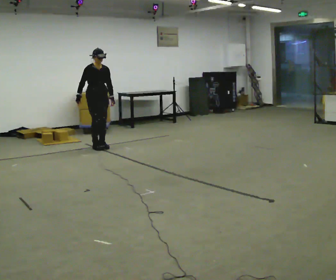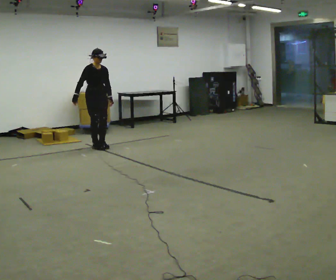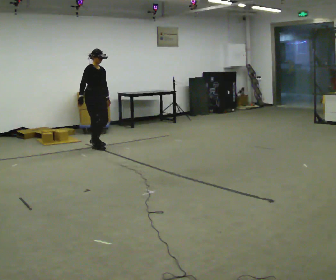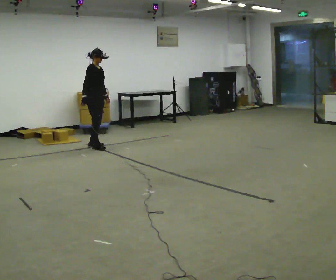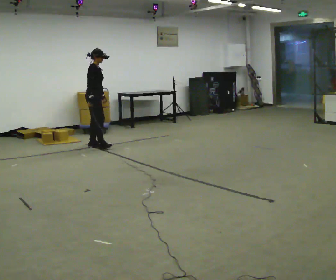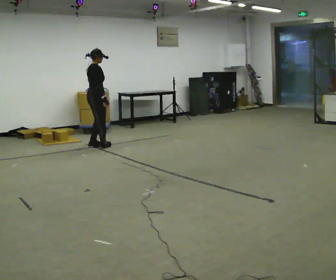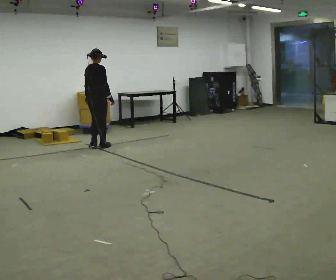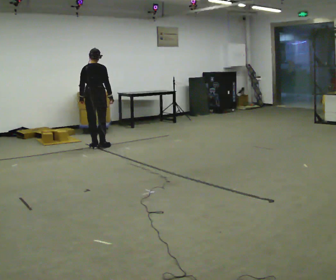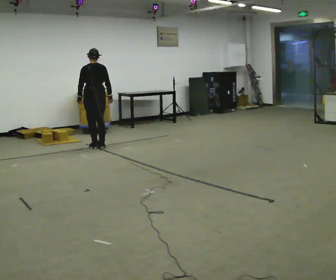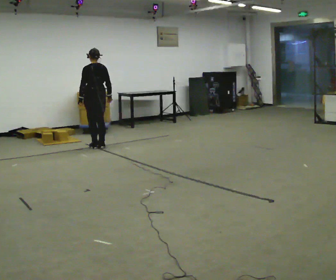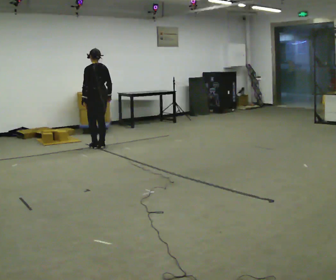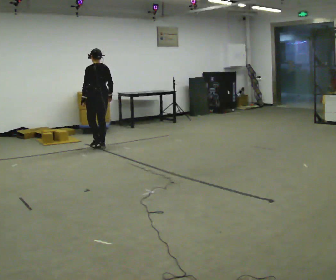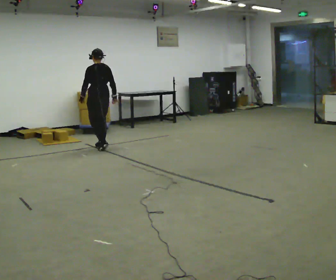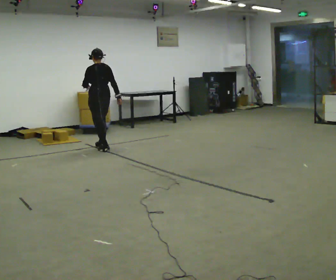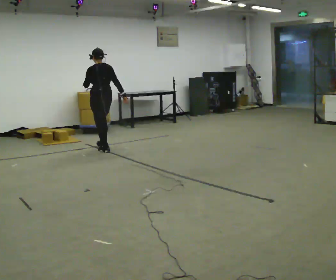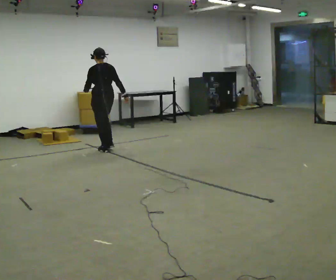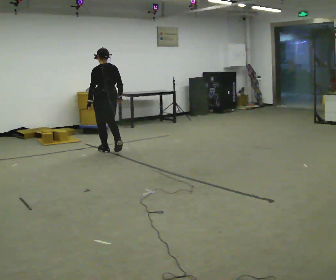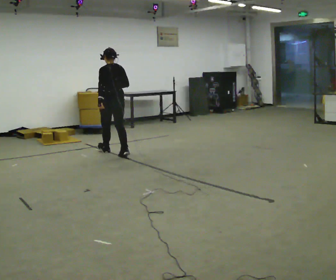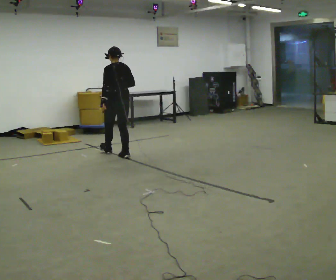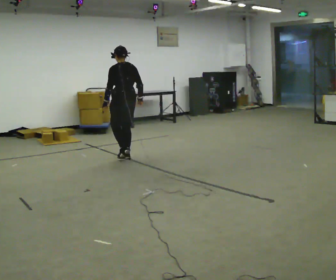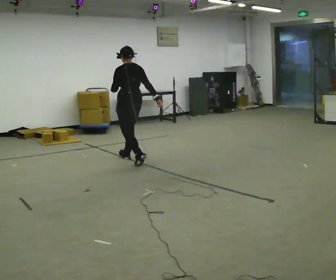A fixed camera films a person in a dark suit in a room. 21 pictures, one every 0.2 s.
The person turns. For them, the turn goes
to their left.
The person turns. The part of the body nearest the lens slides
to the right.
0.0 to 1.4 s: Seen from above the body turns counterclockwise, about 135 degrees: to their left, with its near side sliding to the right. In the picture their right hand goes to the right, the arm swinging counterclockwise.
1.4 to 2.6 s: Seen from above the body turns counterclockwise, about 45 degrees: to their left, with its near side sliding to the right. In the picture they go toward the camera, about 0.25 m in 1 step, which for them is backward.
2.6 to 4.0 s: In the picture they go toward the camera and to the right, about 1 m in 2 steps, which for them is backward.
The film runs backward here.
